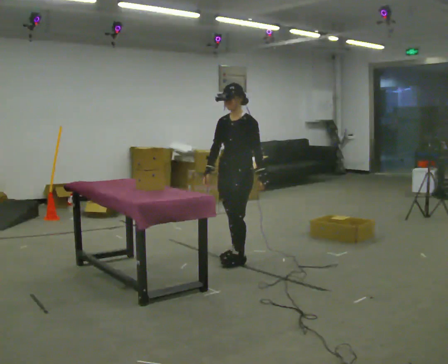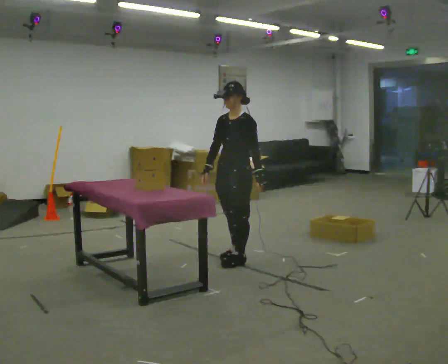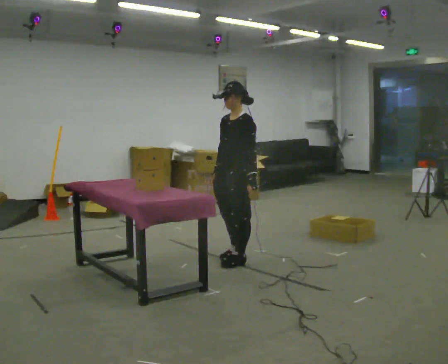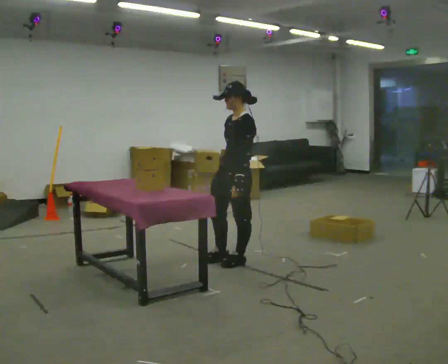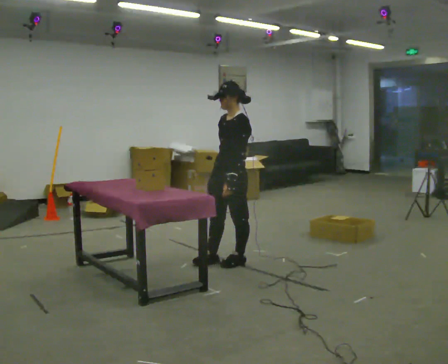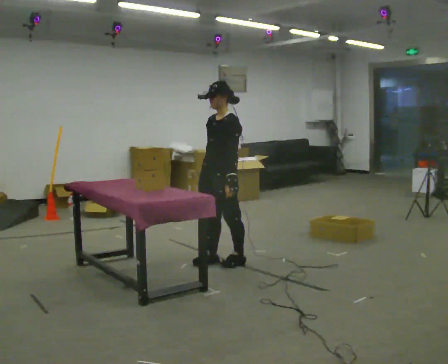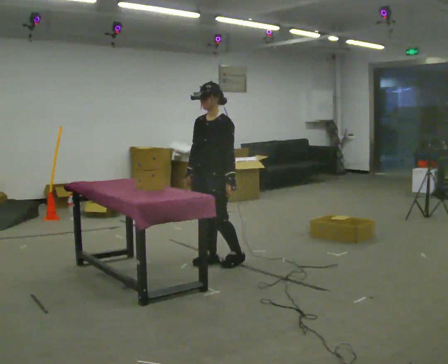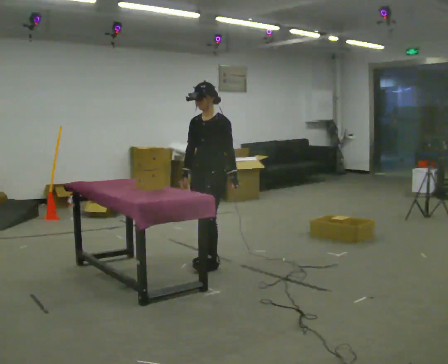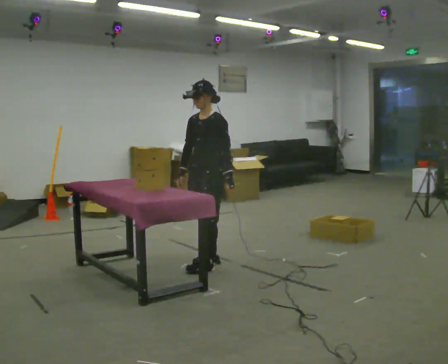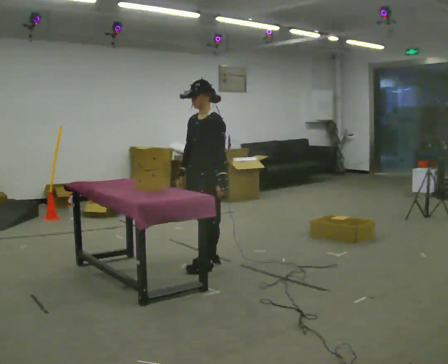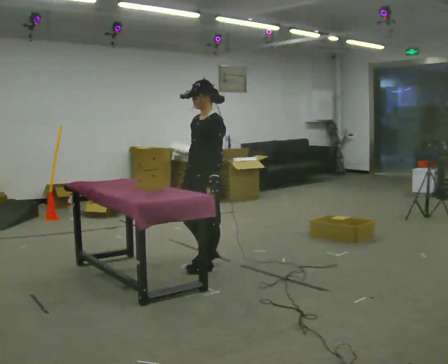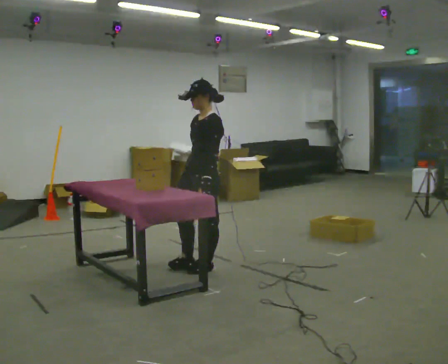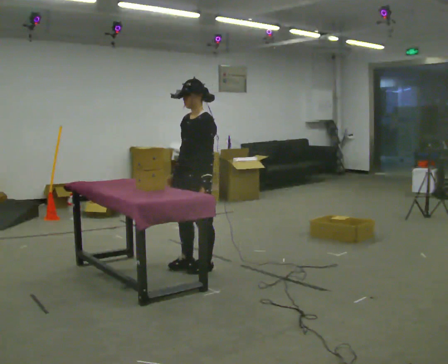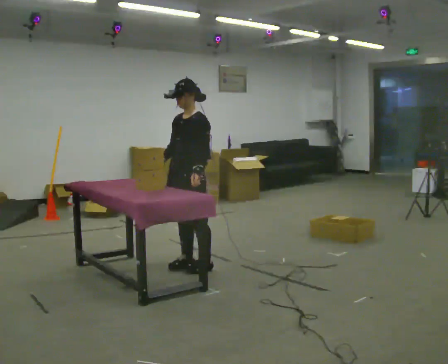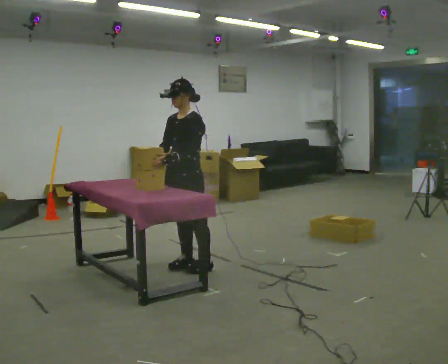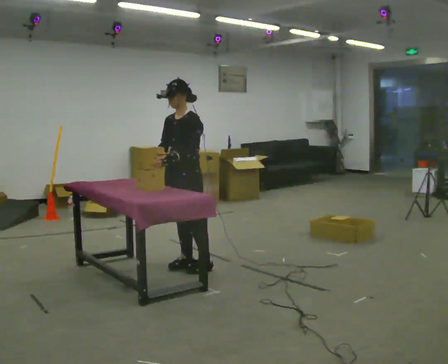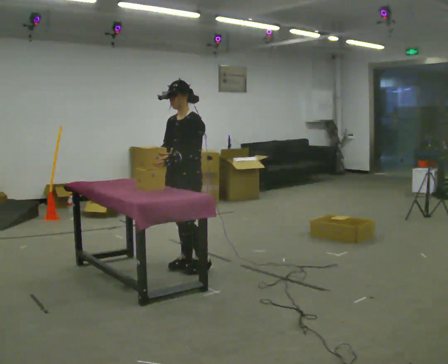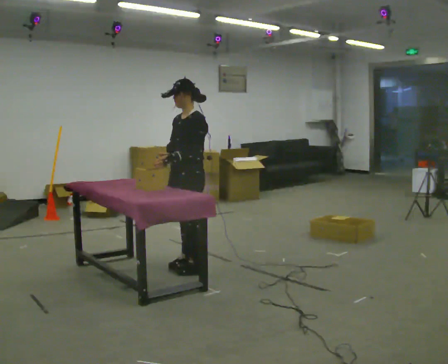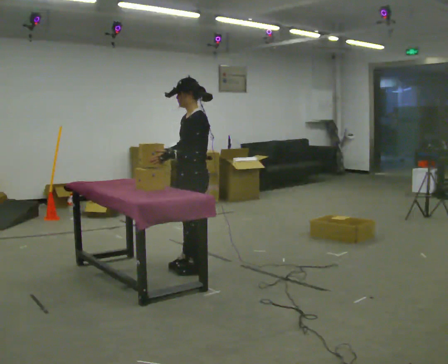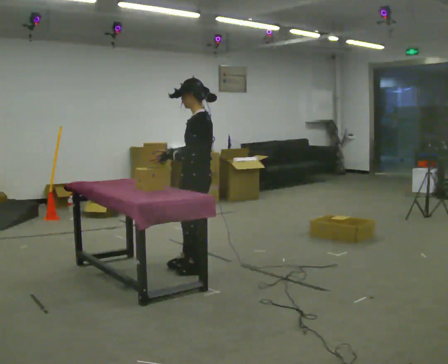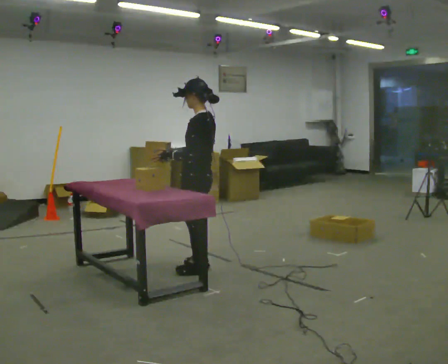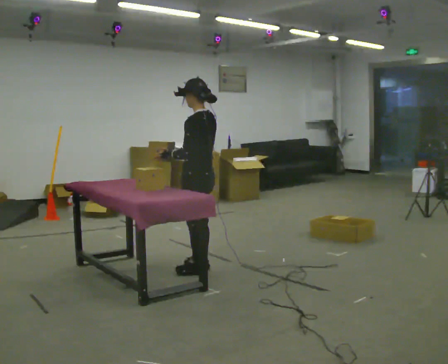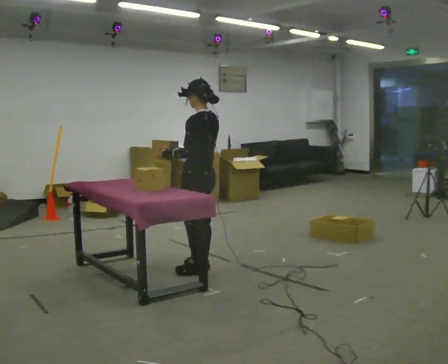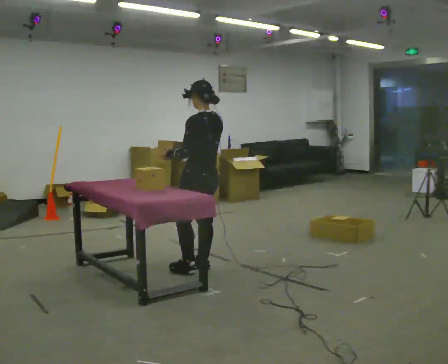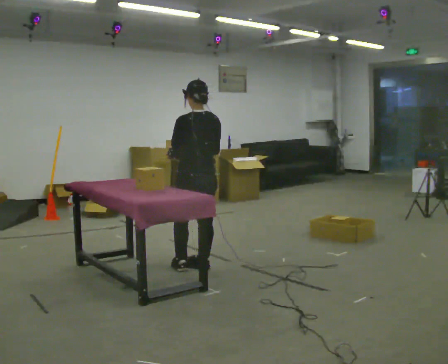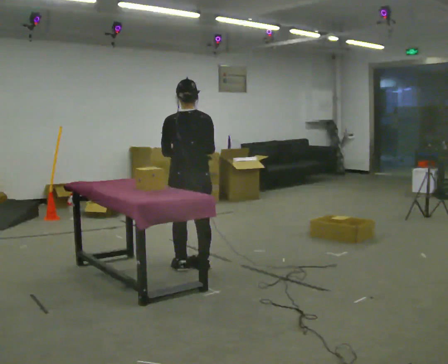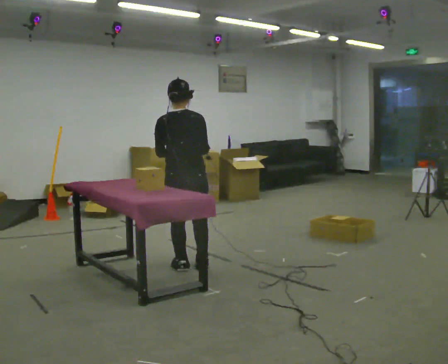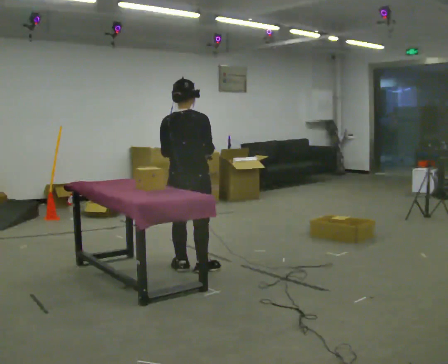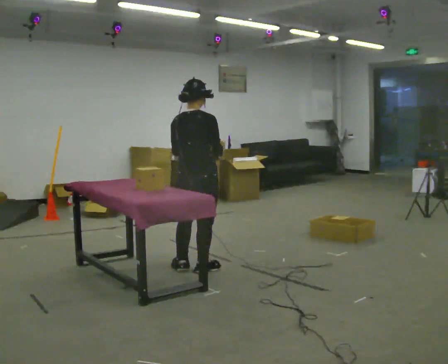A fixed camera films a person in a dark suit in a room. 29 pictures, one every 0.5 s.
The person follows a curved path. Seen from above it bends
counterclockwise.
0.0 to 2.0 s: In the picture they go toward the camera, about 0.25 m in 1 step, which for them is forward. In the picture their left hand goes to the left.
2.0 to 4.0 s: In the picture they go to the left, about 0.25 m in 1 step, which for them is forward and to their right.
4.0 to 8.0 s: In the picture they go to the left, about 0.25 m in 1 step, which for them is forward. In the picture their left hand goes to the left.
8.0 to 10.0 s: Seen from above the body turns clockwise, about 60 degrees: to their right, with its near side sliding to the left. In the picture they go toward the camera, about 0.25 m, which for them is to their left.
10.0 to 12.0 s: The person turns about 45 degrees to their right, clockwise seen from above, so the part of the body nearest the lens slides to the left.
12.0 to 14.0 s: Seen from above the body turns clockwise, about 60 degrees: to their right, with its near side sliding to the left.
The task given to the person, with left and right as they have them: Carry each object across the room and drop it into the container on the floor, then walk back for the next one. Keep going until the operator says stop; one object at a time, and do not rush between trips.
The film runs forward here.
